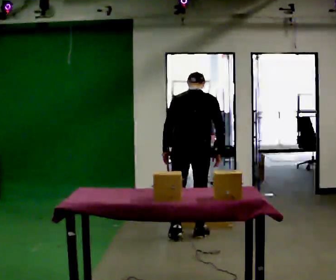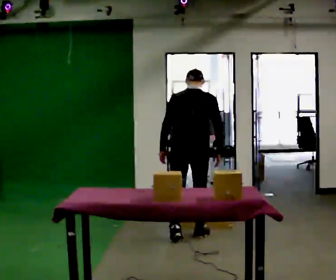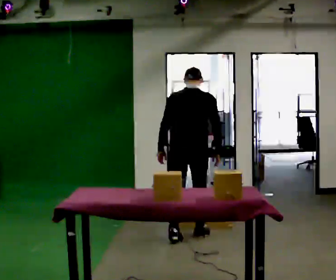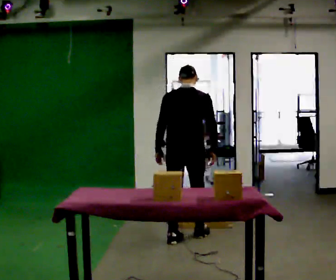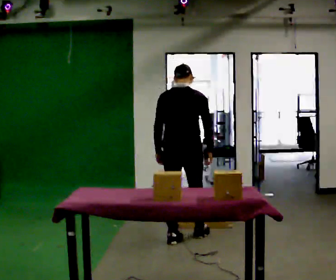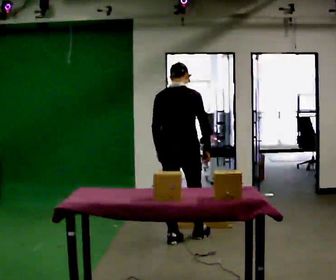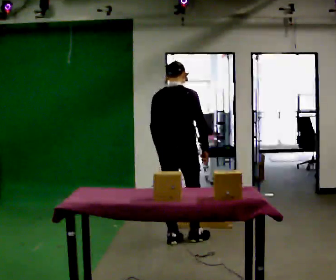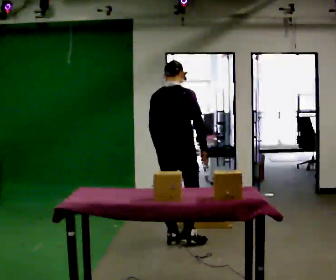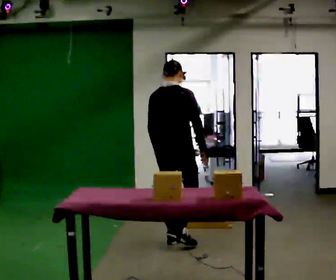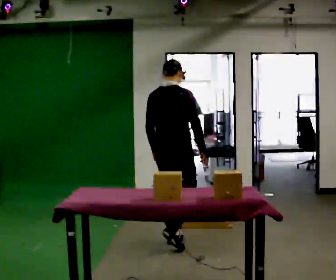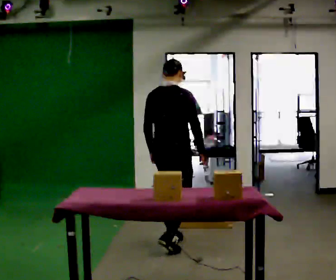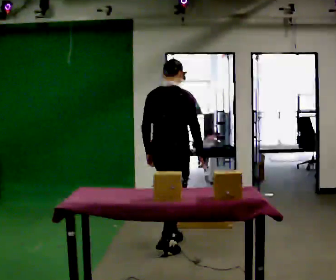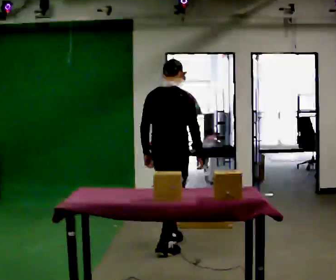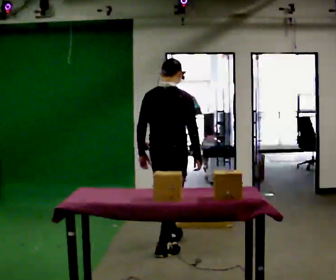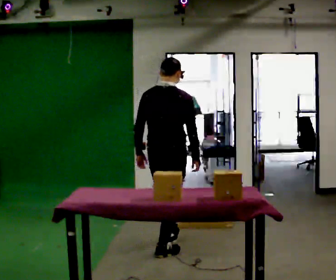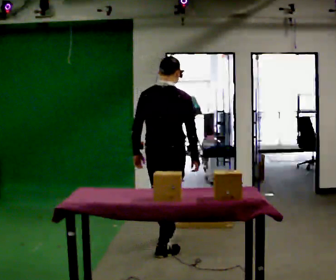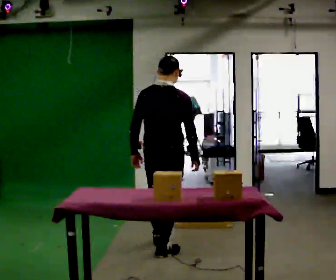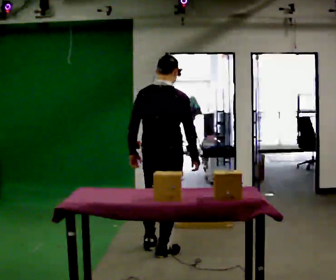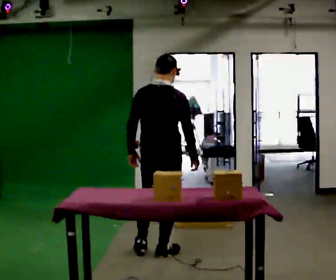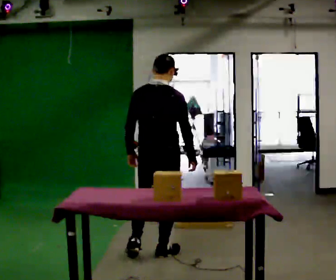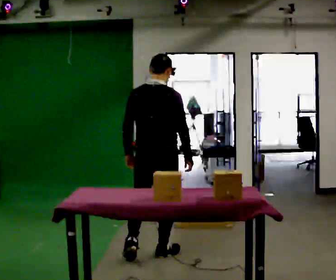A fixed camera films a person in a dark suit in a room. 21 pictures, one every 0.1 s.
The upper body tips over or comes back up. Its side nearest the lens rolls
downward.
0.0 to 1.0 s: The part of the body nearest the lens slides to the left as the person turns to their right by about 30 degrees. In the picture they go toward the camera and to the left, about 0.25 m in 1 step, which for them is backward. The upper body tips toward the camera, its near side rolling downward, as they lean back or straighten.
1.0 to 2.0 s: In the picture they go toward the camera, about 0.5 m in 1 step, which for them is backward.
The film runs backward here.
